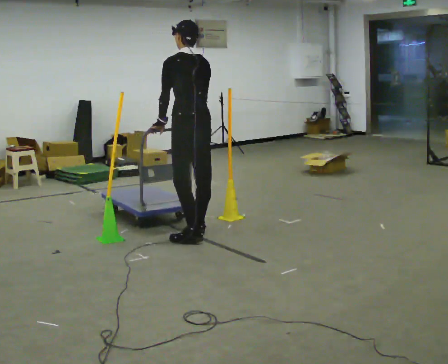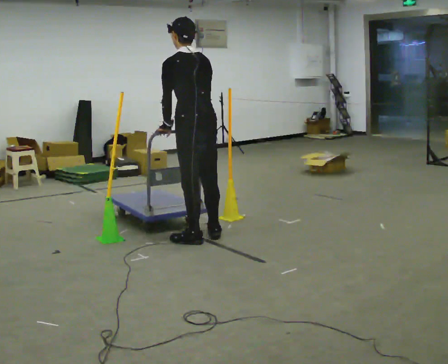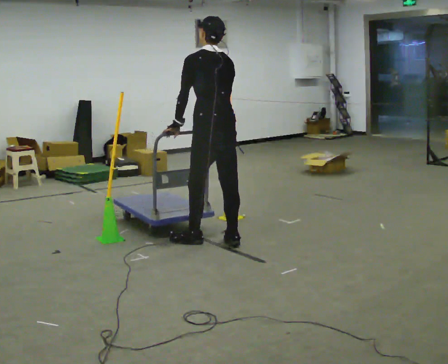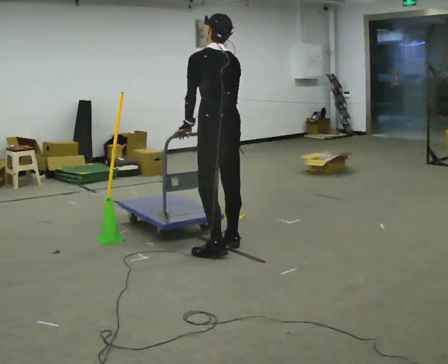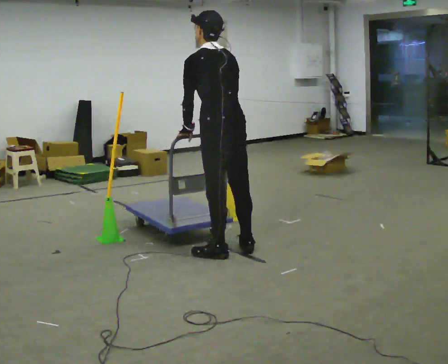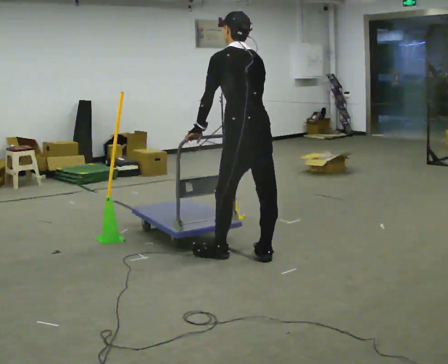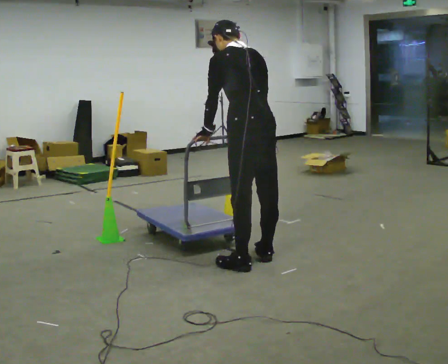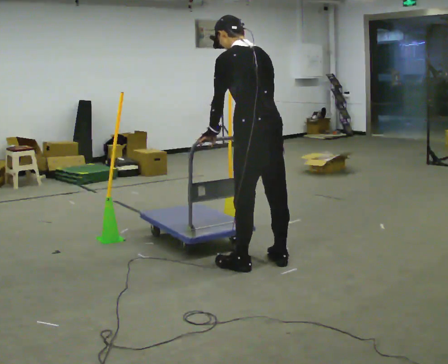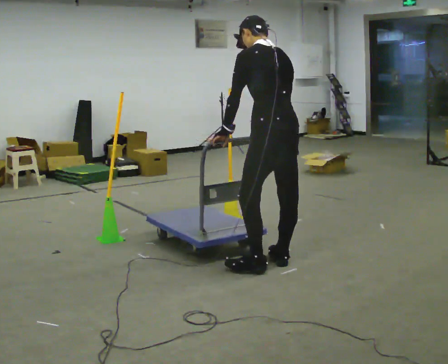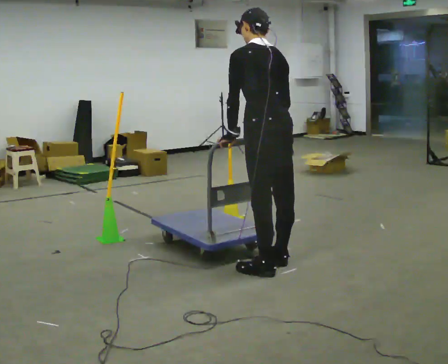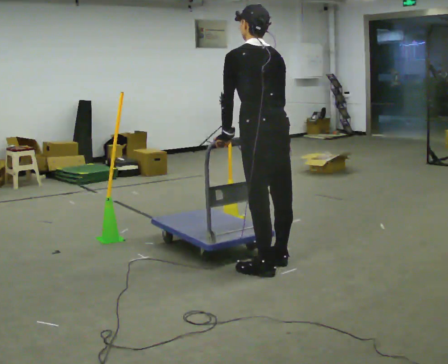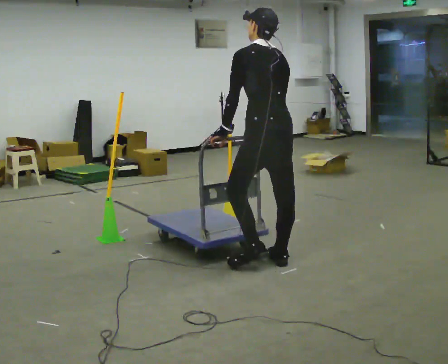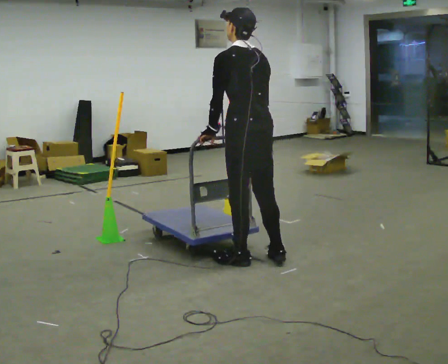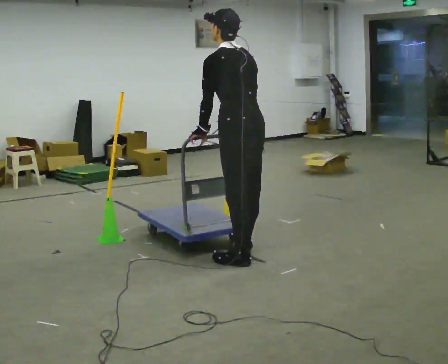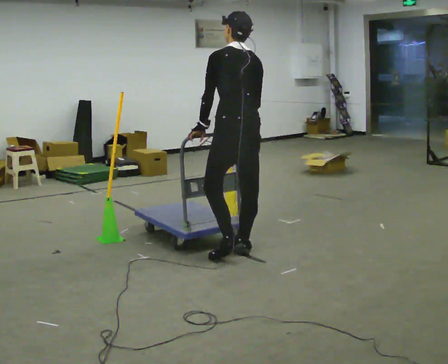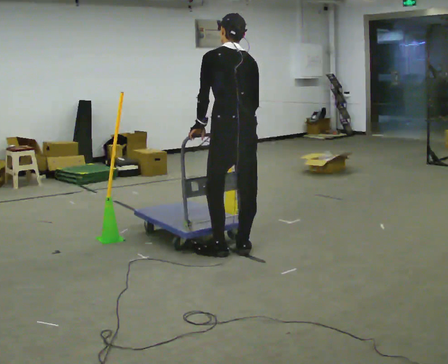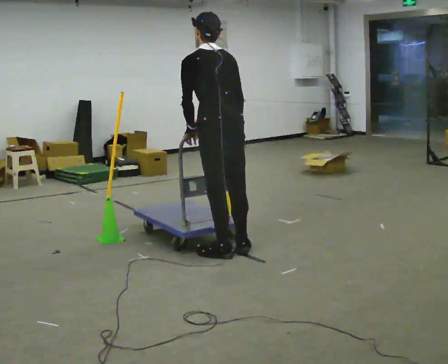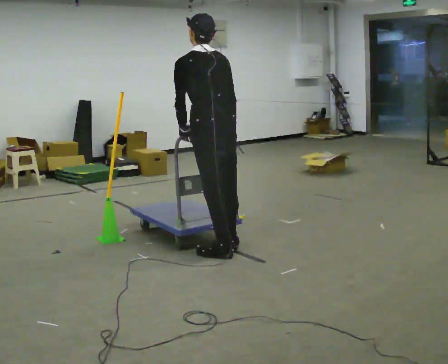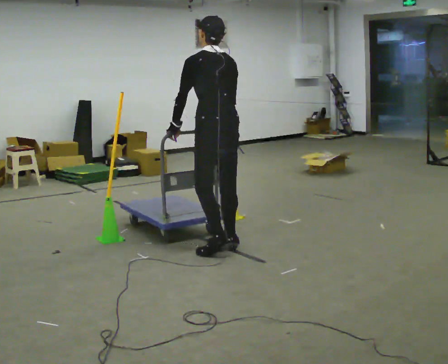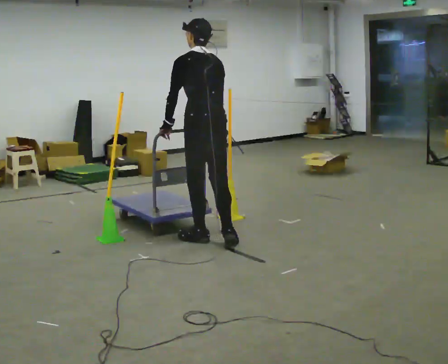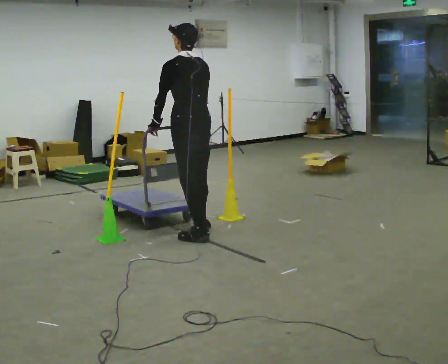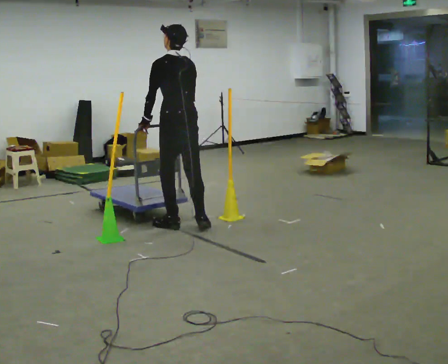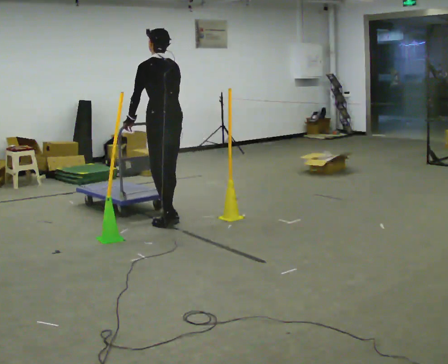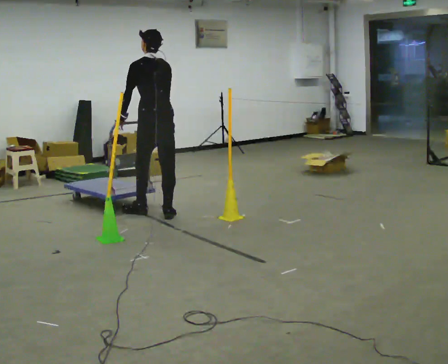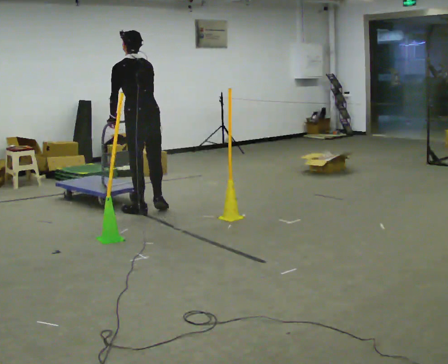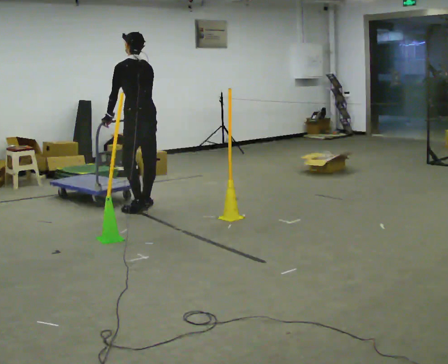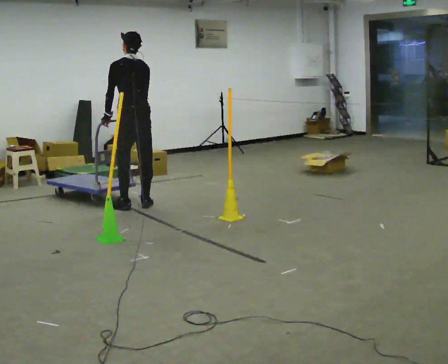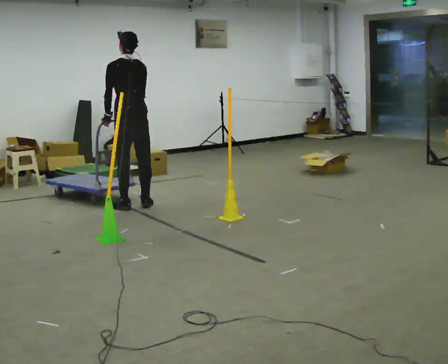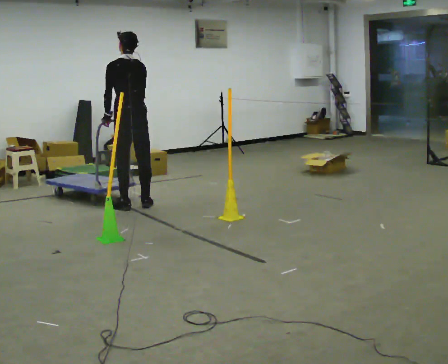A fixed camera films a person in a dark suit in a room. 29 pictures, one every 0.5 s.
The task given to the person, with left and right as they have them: Push the cart through the gap between the poles without touching them, then bring it back through.
0.0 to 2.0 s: In the picture they go toward the camera and to the right, about 0.5 m in 2 steps, which for them is backward.
2.0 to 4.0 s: In the picture they go to the right and toward the camera, about 0.5 m in 2 steps, which for them is backward.
4.0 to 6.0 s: In the picture they go to the left, about 0.25 m in 2 steps, which for them is forward.
6.0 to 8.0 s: In the picture they go to the left and away from the camera, about 0.25 m in 2 steps, which for them is forward.
8.0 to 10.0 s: In the picture they go away from the camera and to the left, about 0.75 m in 2 steps, which for them is forward.
10.0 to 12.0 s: In the picture they go away from the camera and to the left, about 1 m in 3 steps, which for them is forward.
12.0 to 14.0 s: In the picture they go away from the camera and to the left, about 0.25 m in 2 steps, which for them is forward.
The film runs forward here.
